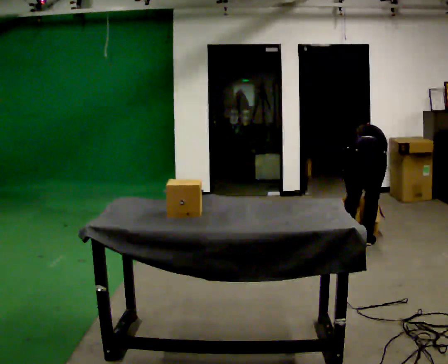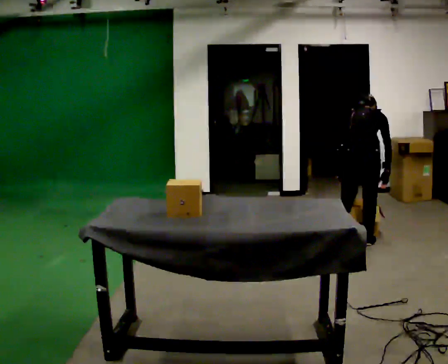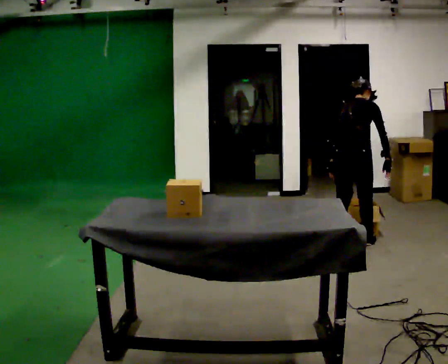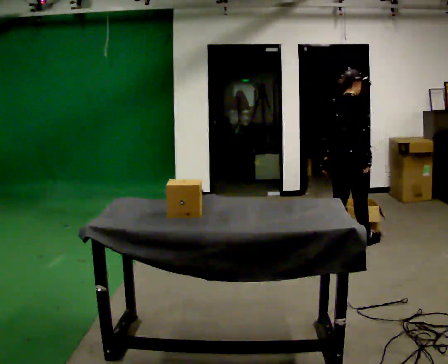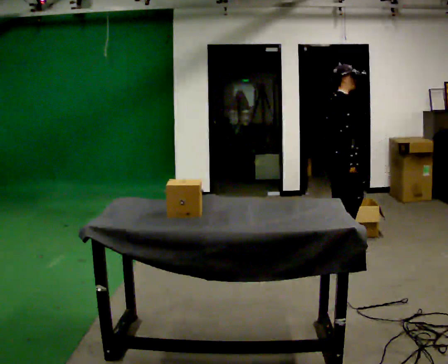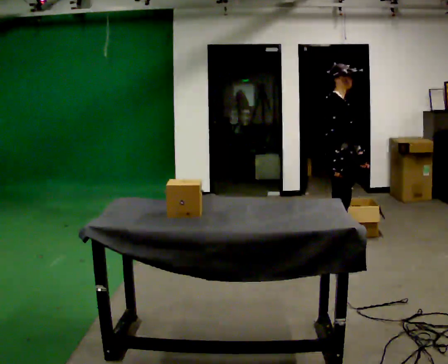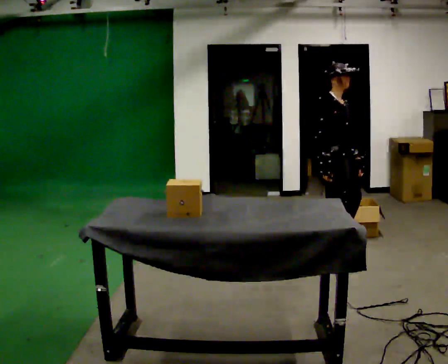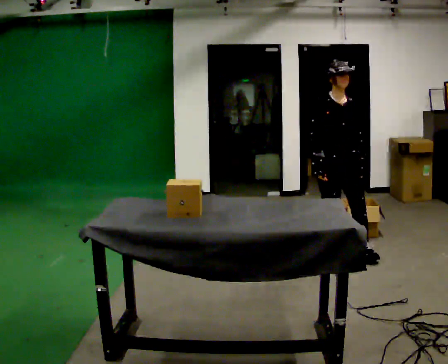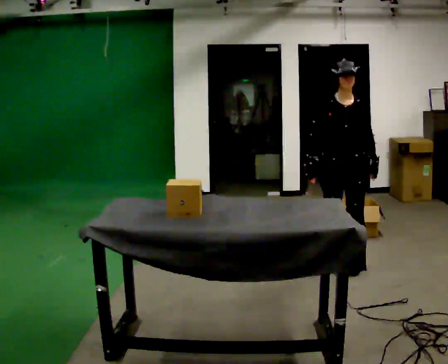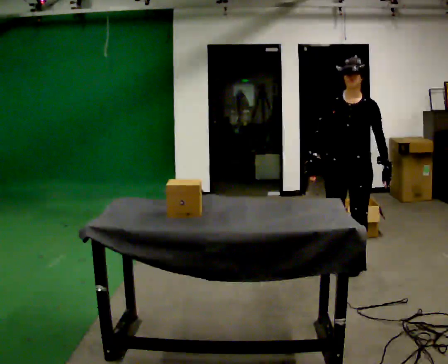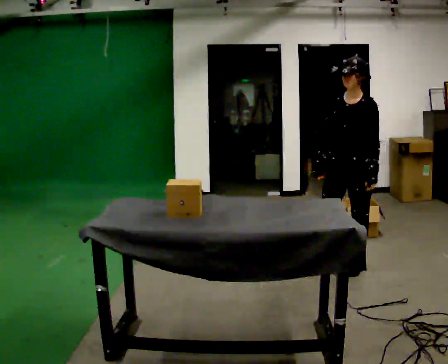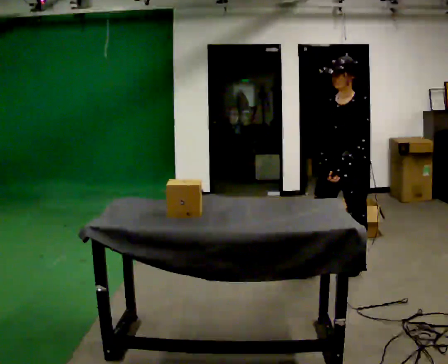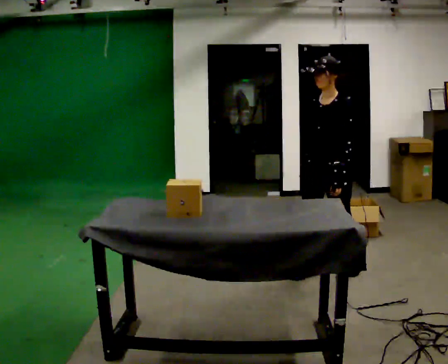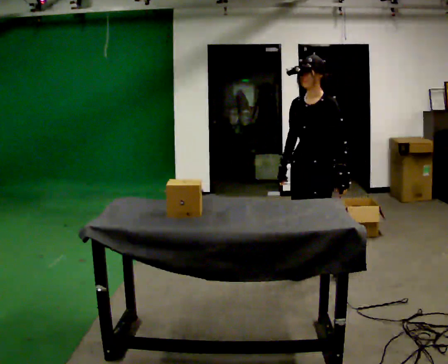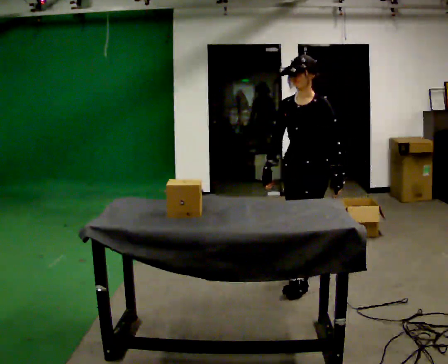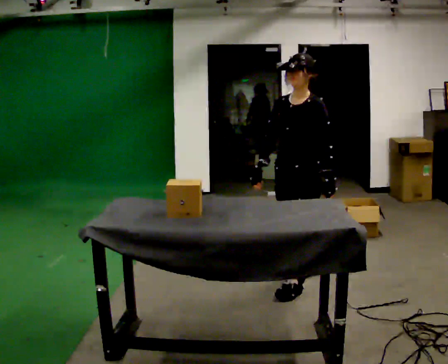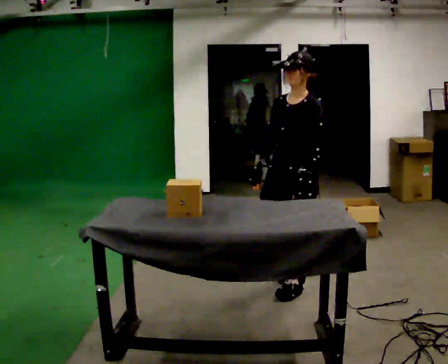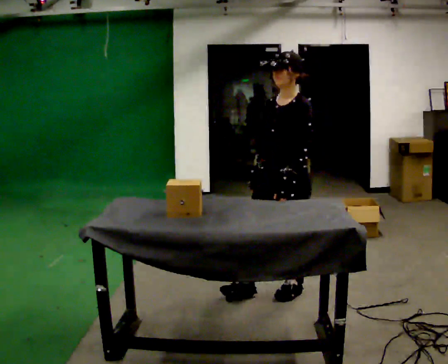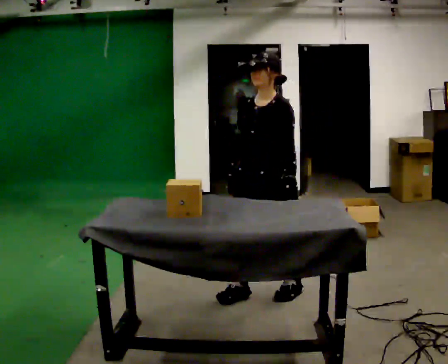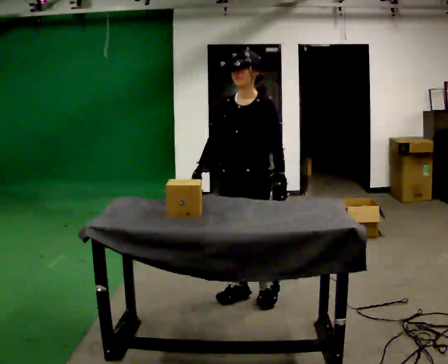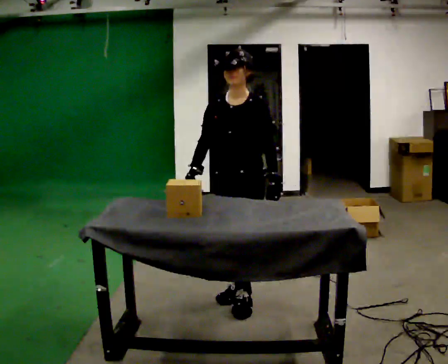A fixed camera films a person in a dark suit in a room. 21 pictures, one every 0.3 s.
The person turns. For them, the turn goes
to their right.
The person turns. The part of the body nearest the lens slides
to the left.
0.0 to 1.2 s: Seen from above the body turns clockwise, about 75 degrees: to their right, with its near side sliding to the left. In the picture they go to the left, about 0.25 m. The upper body goes upward. The upper body tips toward the camera, its near side rolling downward, as they lean back or straighten. In the picture their left hand goes upward.
1.2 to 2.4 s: The person turns about 105 degrees to their right, clockwise seen from above, so the part of the body nearest the lens slides to the left. In the picture they go toward the camera, about 0.5 m in 2 steps.
2.4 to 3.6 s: The person turns about 45 degrees to their right, clockwise seen from above, so the part of the body nearest the lens slides to the left. In the picture they go toward the camera, about 0.25 m in 1 step, which for them is forward.
3.6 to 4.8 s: In the picture they go toward the camera and to the left, about 0.5 m in 1 step, which for them is forward.
4.8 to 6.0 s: In the picture they go to the left and toward the camera, about 0.25 m in 2 steps, which for them is forward.
The film runs forward here.
